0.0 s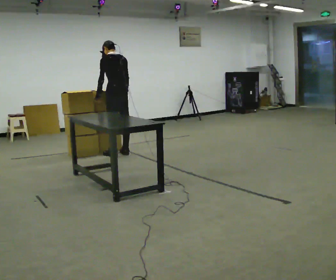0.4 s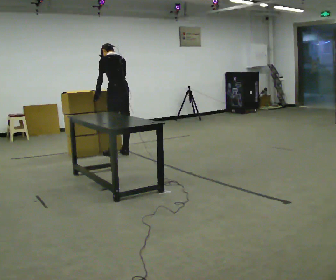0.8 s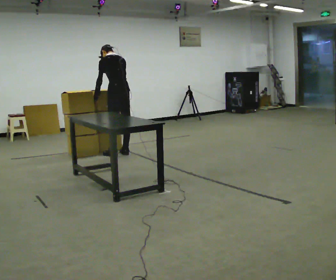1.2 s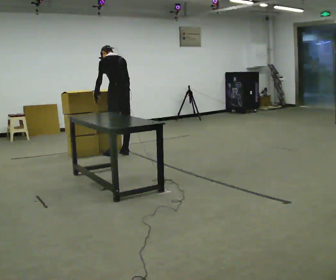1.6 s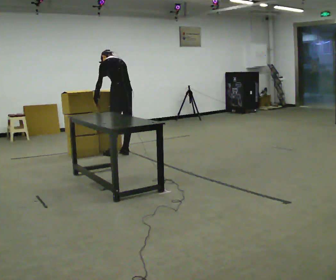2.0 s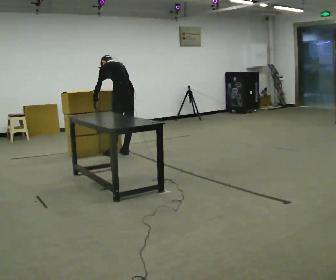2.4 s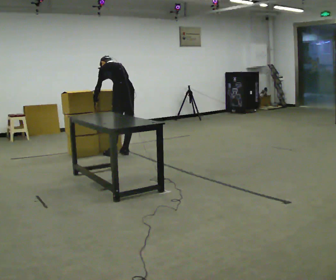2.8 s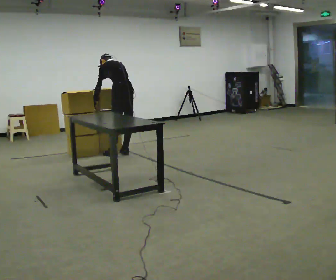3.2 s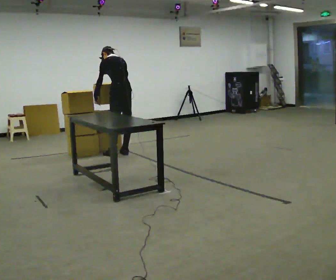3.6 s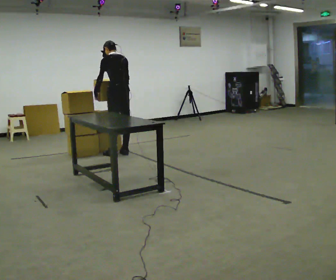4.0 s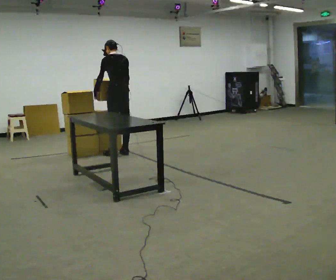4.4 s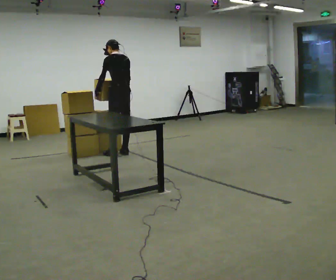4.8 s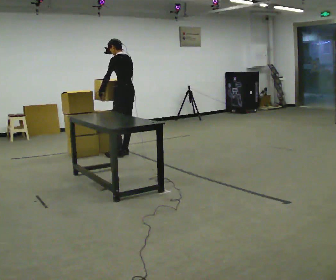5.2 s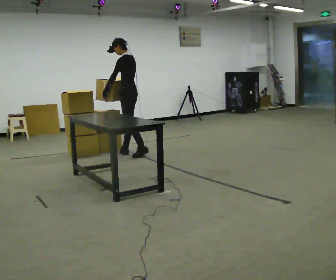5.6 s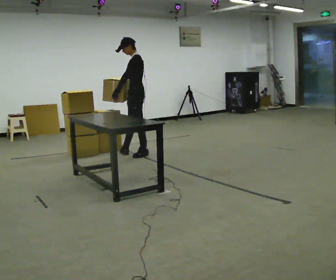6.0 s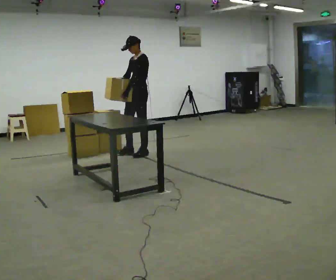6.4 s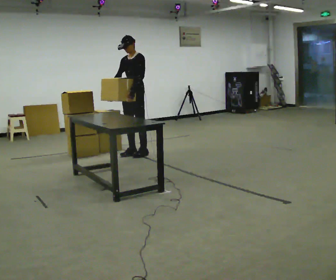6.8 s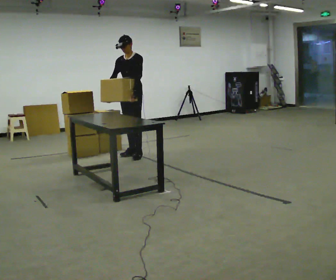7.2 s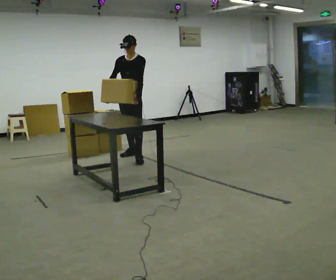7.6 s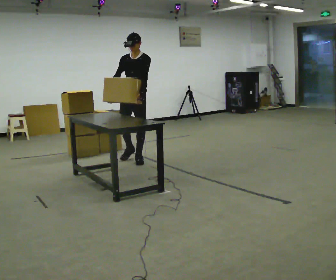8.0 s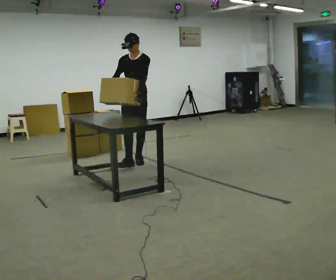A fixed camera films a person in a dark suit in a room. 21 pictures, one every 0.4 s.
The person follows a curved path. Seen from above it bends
clockwise.
The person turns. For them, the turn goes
to their left.
0.0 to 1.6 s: The upper body tips away from the camera, its near side rolling upward, as they bend forward.
1.6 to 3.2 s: The person moves a little, or ends about where they began.
3.2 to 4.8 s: The upper body tips toward the camera, its near side rolling downward, as they lean back or straighten.
4.8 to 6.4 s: The person turns about 75 degrees to their left, counterclockwise seen from above, so the part of the body nearest the lens slides to the right.
6.4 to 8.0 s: In the picture they go toward the camera, about 0.5 m in 1 step, which for them is forward and to their left.
The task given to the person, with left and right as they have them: Pick up the next box in the row and carry it to the table. The operator will not tell you how heavy each one is. Keep going until the operator says stop; one object at a time, and do not rush between trips.
The film runs forward here.
